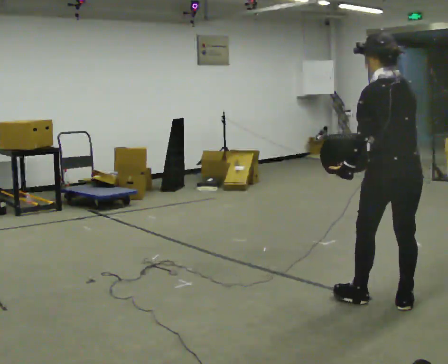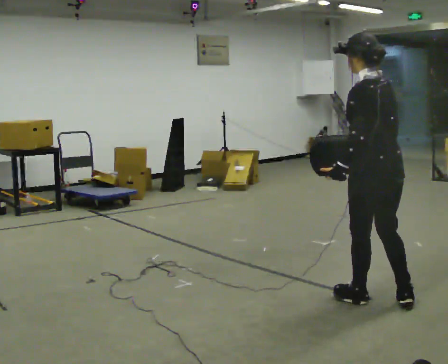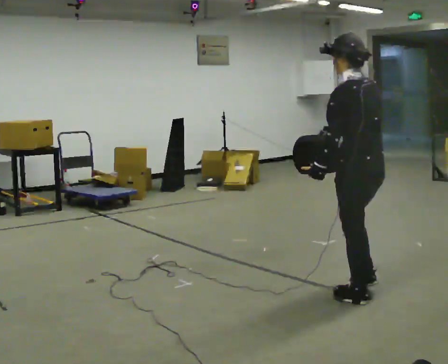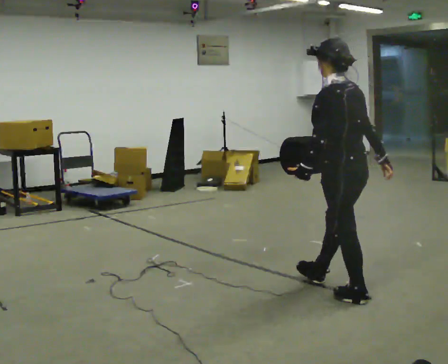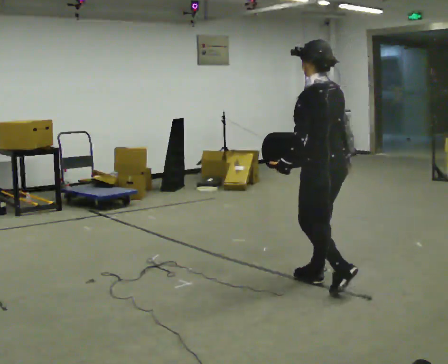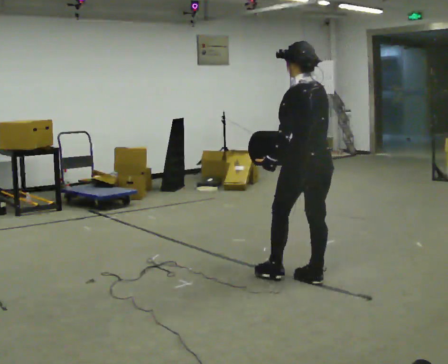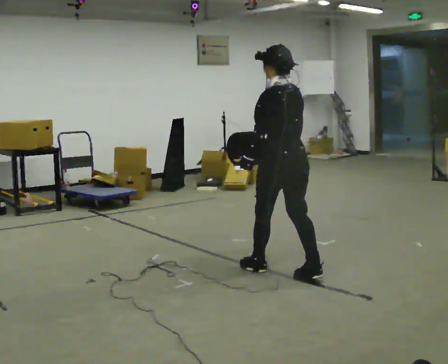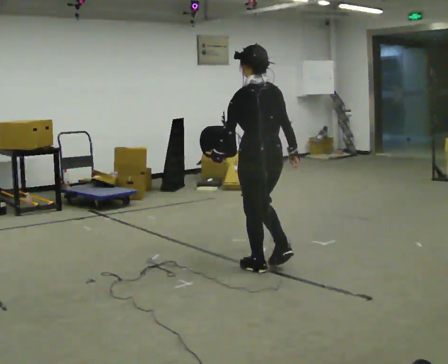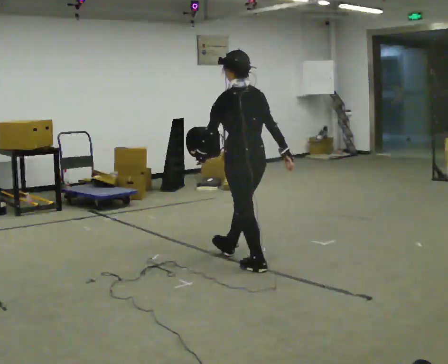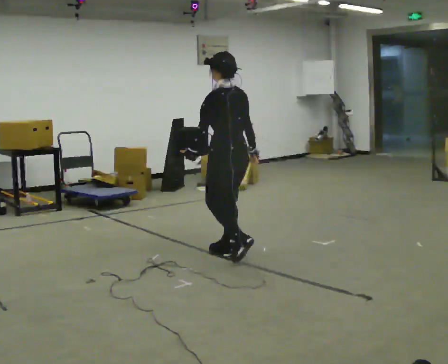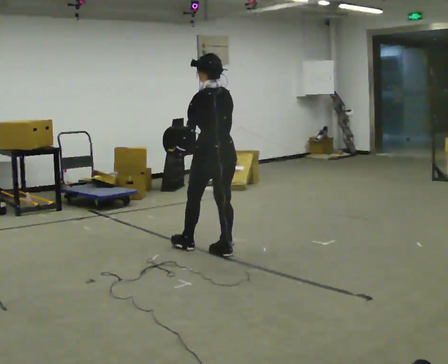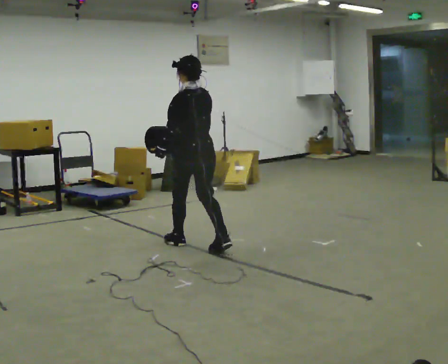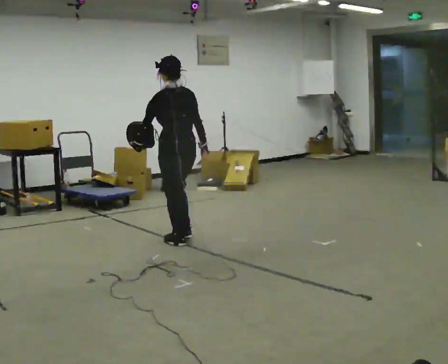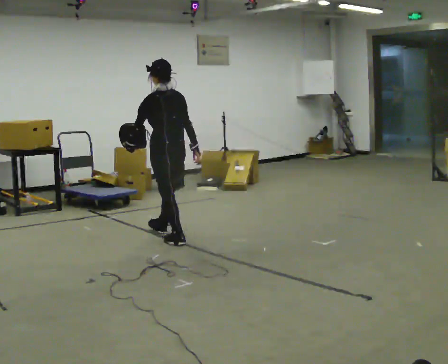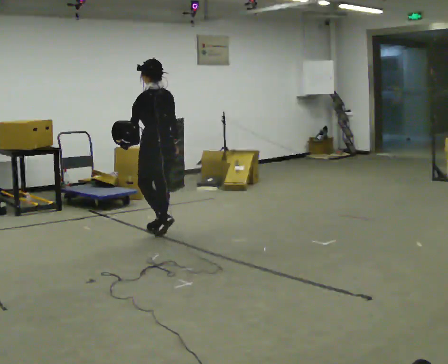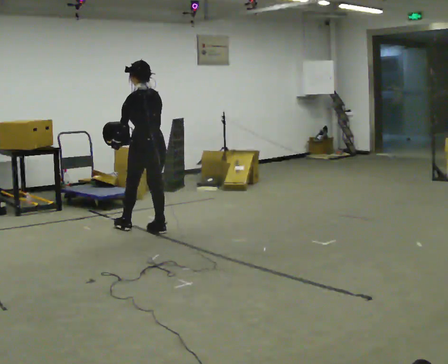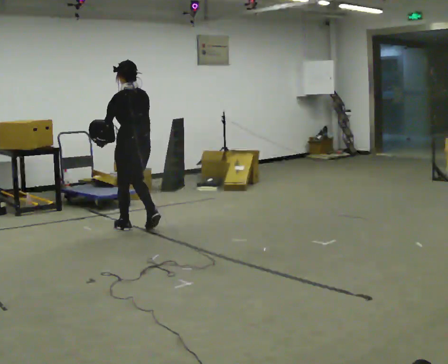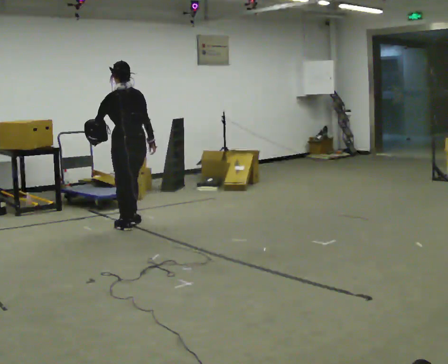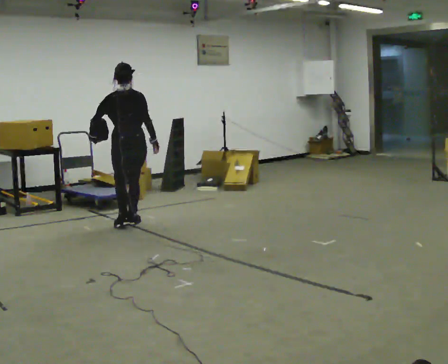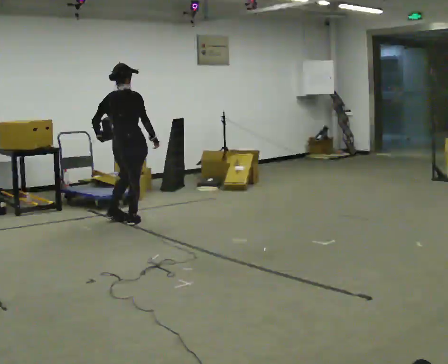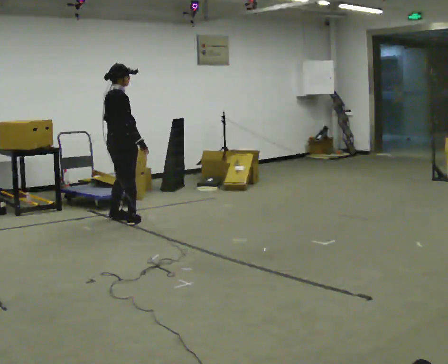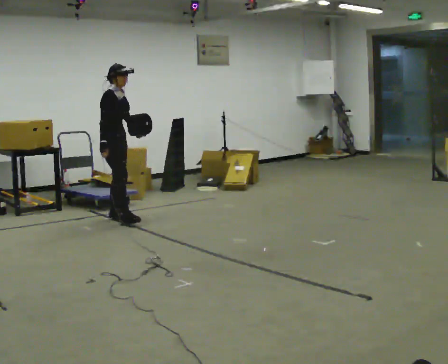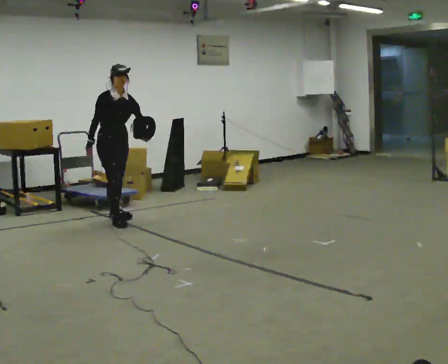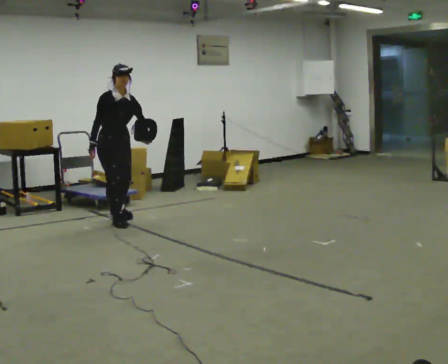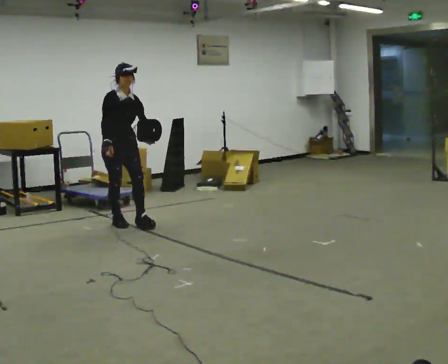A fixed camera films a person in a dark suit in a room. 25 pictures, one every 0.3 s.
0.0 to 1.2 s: In the picture they go away from the camera and to the left, about 0.5 m in 1 step, which for them is forward.
1.2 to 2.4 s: In the picture they go away from the camera and to the left, about 1 m in 1 step, which for them is forward.
2.4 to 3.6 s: In the picture they go away from the camera and to the left, about 1 m in 2 steps, which for them is forward.
3.6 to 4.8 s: In the picture they go away from the camera and to the left, about 0.75 m in 2 steps, which for them is forward.
4.8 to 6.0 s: Seen from above the body turns clockwise, about 105 degrees: to their right, with its near side sliding to the left. In the picture they go away from the camera and to the left, about 0.5 m in 2 steps.
6.0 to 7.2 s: The person turns about 75 degrees to their right, clockwise seen from above, so the part of the body nearest the lens slides to the left. In the picture they go toward the camera, about 0.25 m. In the picture their left hand goes to the right, the arm swinging counterclockwise.
The film runs forward here.
